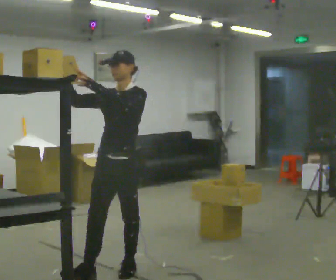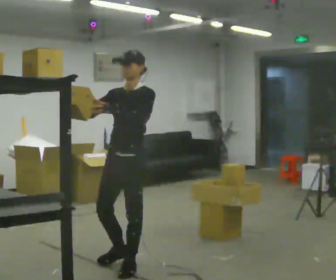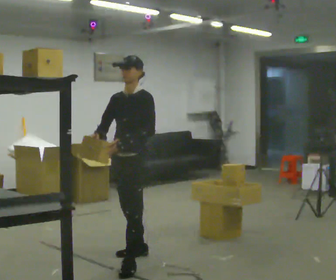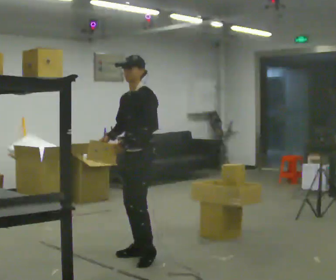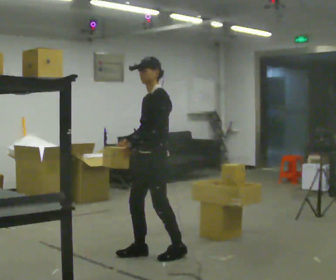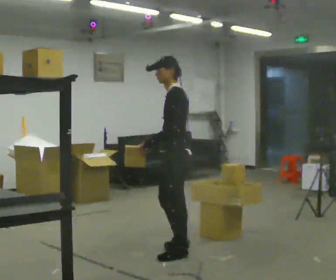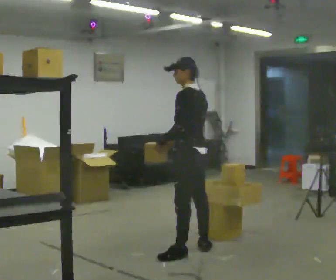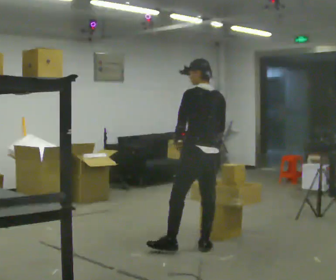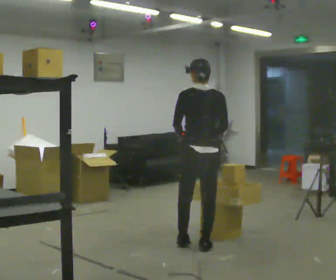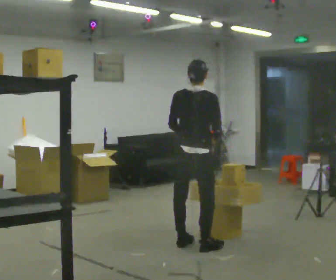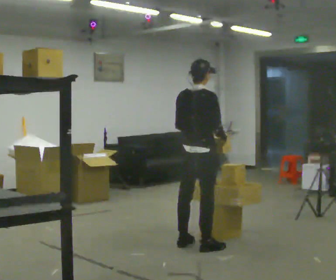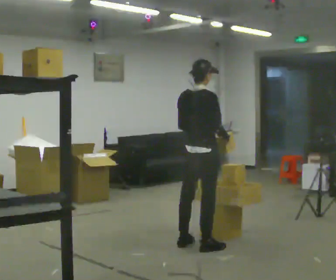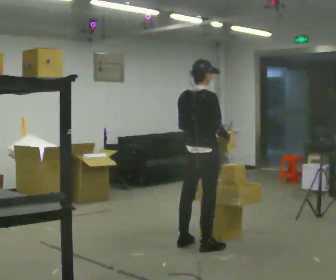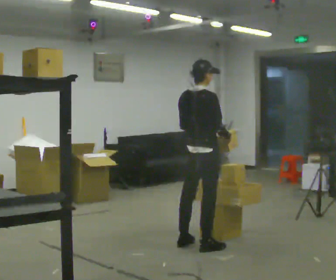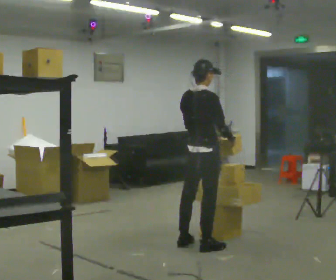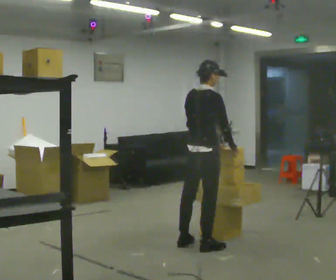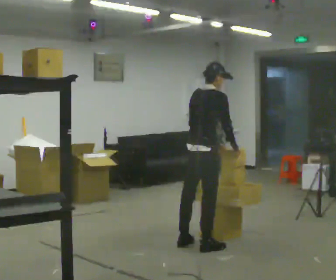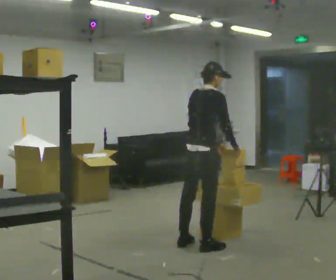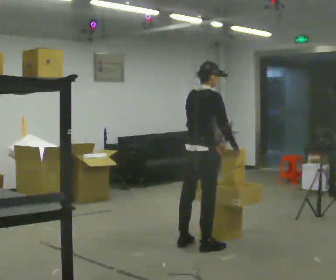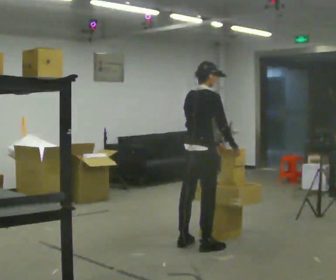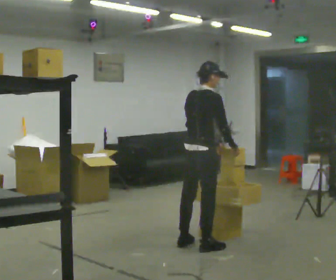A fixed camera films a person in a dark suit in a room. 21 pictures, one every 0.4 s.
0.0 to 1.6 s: Seen from above the body turns clockwise, about 30 degrees: to their right, with its near side sliding to the left. In the picture they go away from the camera and to the right, about 0.5 m in 1 step, which for them is backward. In the picture their right hand goes downward, the arm swinging counterclockwise.
1.6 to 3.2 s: The part of the body nearest the lens slides to the left as the person turns to their right by about 105 degrees. In the picture they go to the right and away from the camera, about 0.5 m in 2 steps.
3.2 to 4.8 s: Seen from above the body turns clockwise, about 45 degrees: to their right, with its near side sliding to the left.
4.8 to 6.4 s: In the picture the upper body tilts clockwise, shoulders to the right, as they bend forward.
6.4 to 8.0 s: The person moves a little, or ends about where they began.
The film runs backward here.
